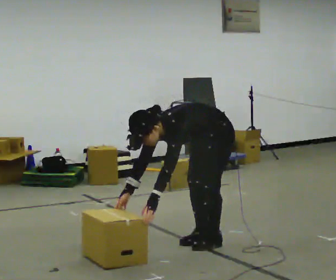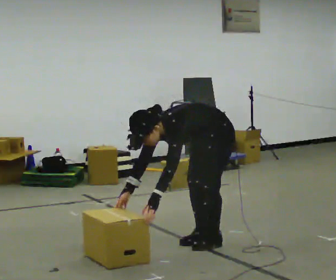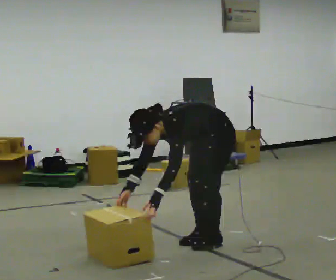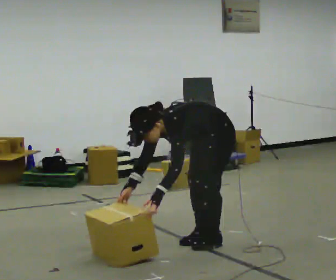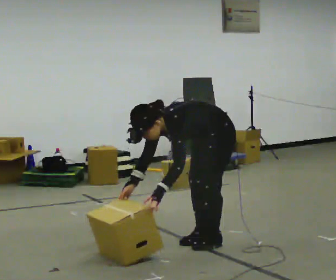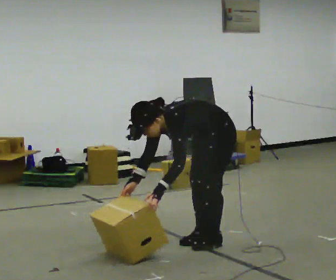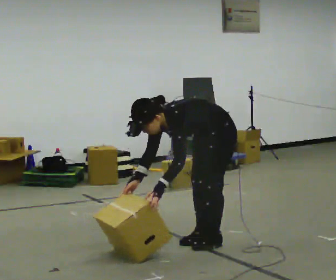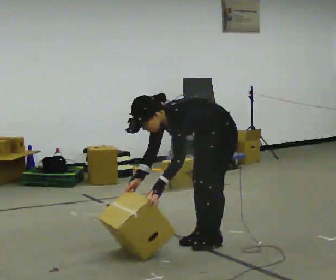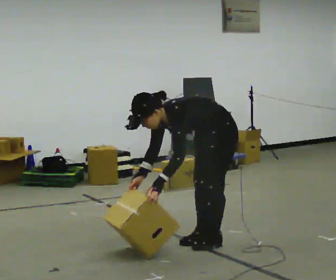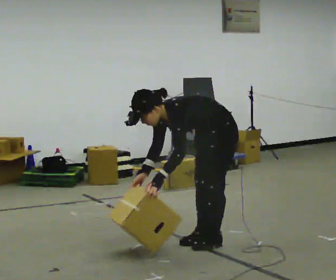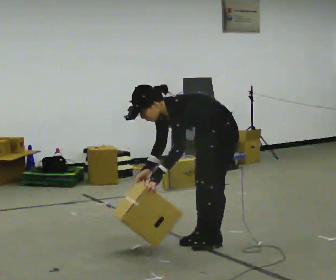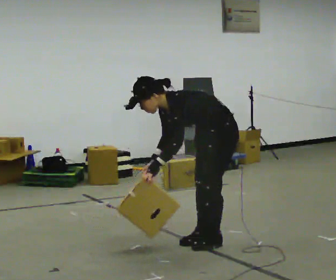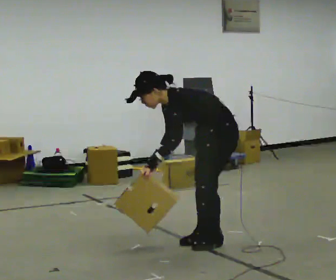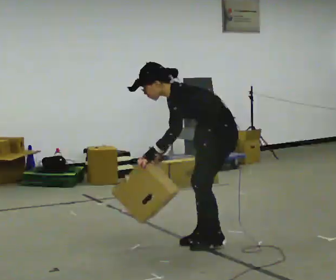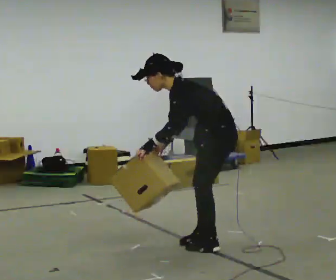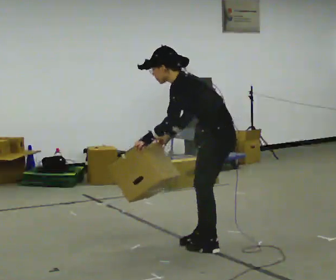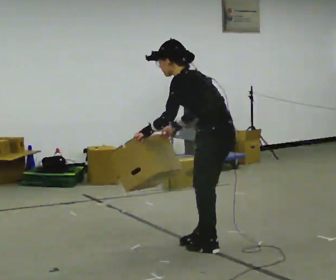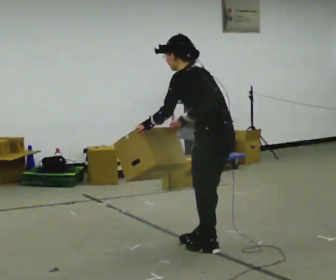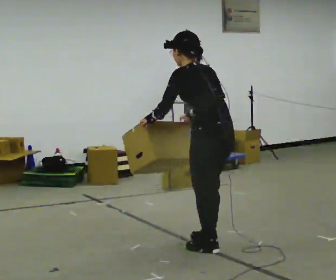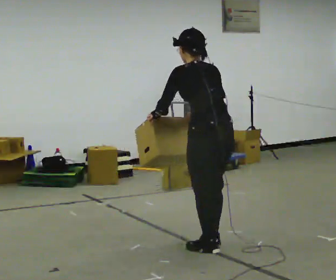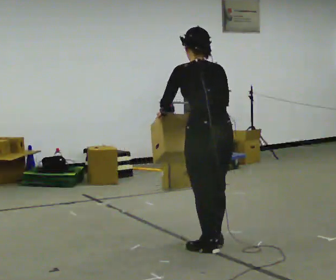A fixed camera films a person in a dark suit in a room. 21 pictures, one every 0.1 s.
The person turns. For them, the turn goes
to their right.
The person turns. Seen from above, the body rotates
clockwise.
0.0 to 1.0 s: The upper body tips away from the camera, its near side rolling upward, as they lean back or straighten.
1.0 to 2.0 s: The person turns about 90 degrees to their right, clockwise seen from above, so the part of the body nearest the lens slides to the left. In the picture they go toward the camera, about 0.25 m in 1 step. The shoulders move upward. The upper body tips away from the camera, its near side rolling upward, as they lean back or straighten. In the picture their left hand goes upward.
The film runs forward here.
